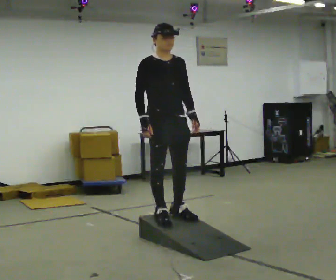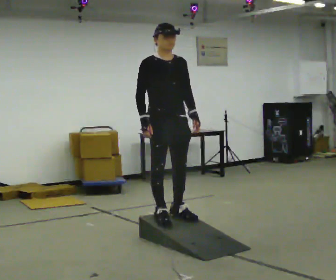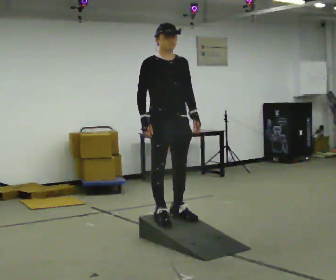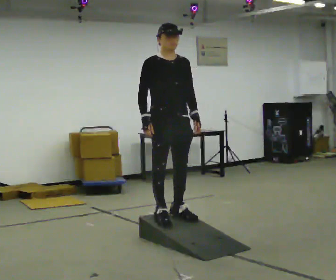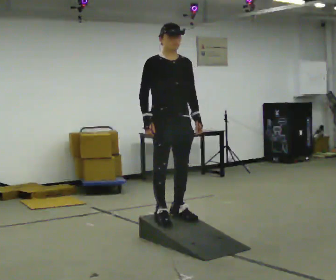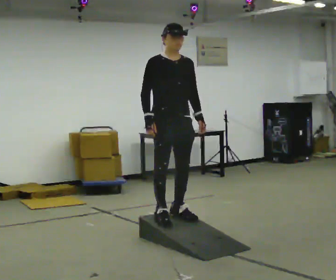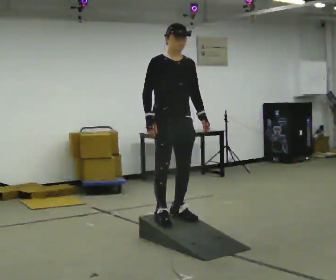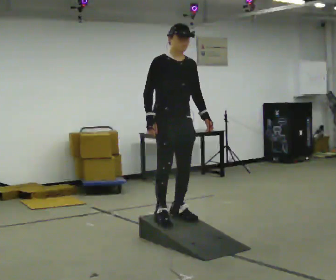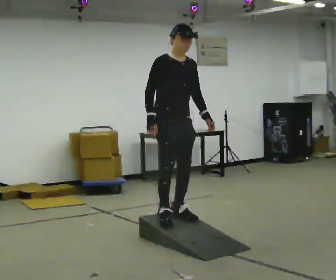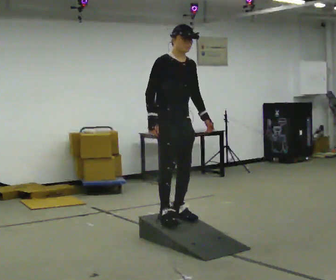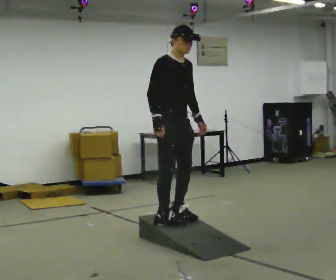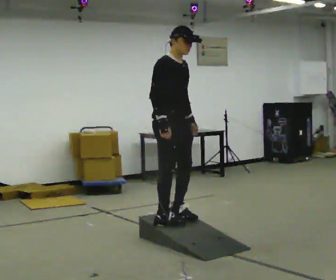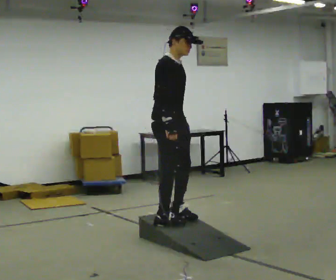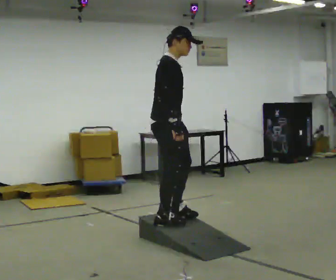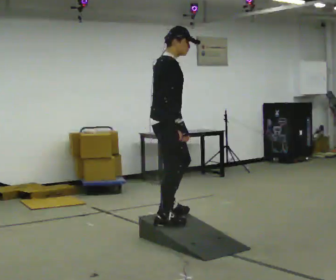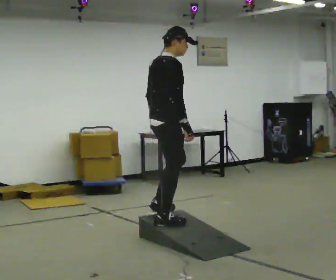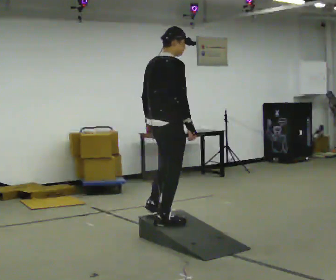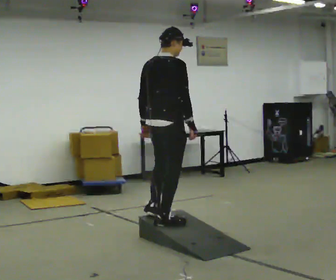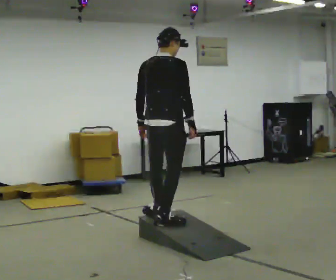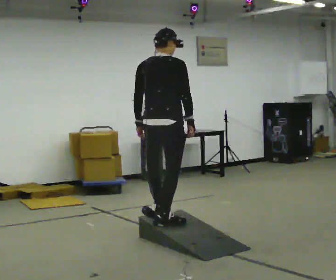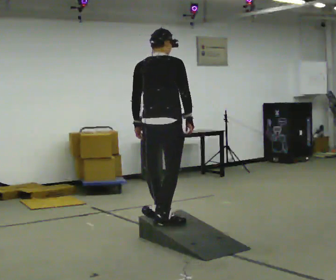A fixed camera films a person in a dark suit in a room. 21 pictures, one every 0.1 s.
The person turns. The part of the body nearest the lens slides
to the right.
The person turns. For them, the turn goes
to their left.
0.0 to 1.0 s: The person moves a little, or ends about where they began.
1.0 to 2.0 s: The part of the body nearest the lens slides to the right as the person turns to their left by about 120 degrees. In the picture their left hand goes to the left, the arm swinging clockwise.
The film runs backward here.
